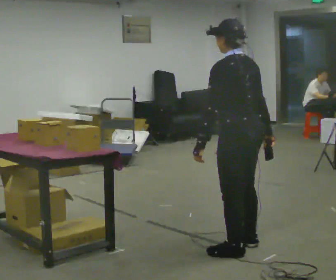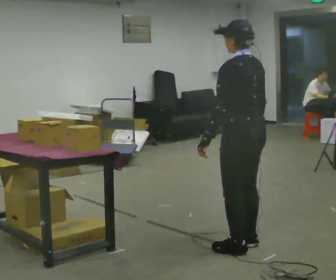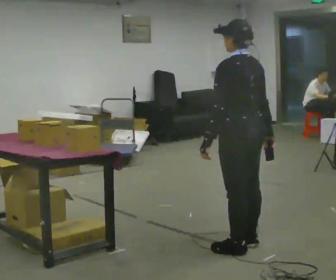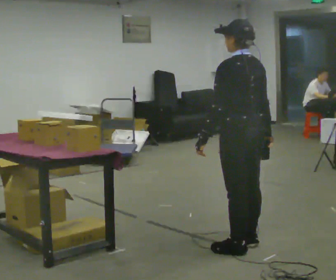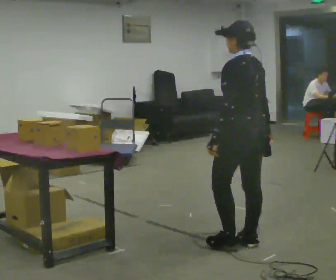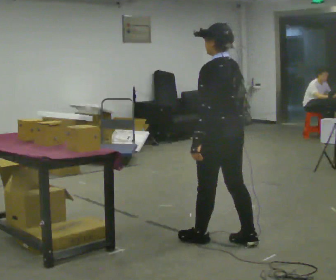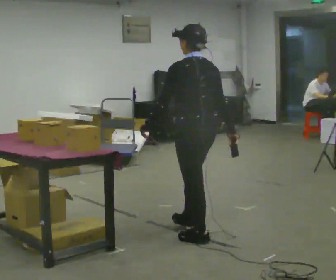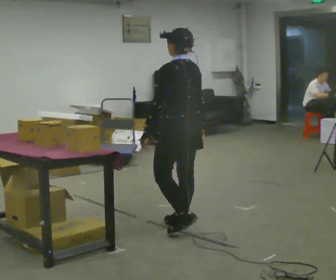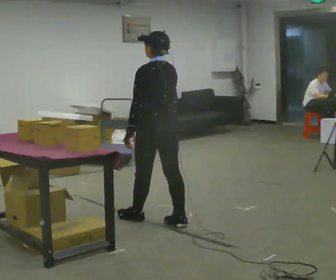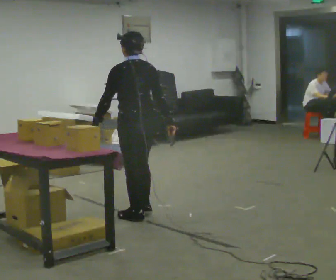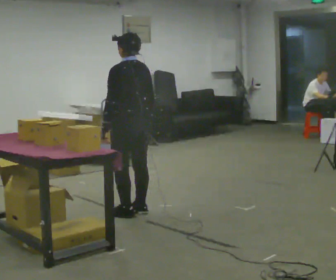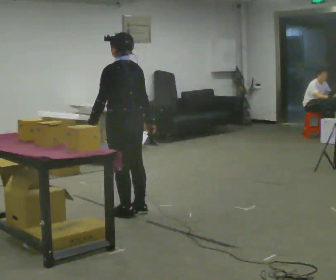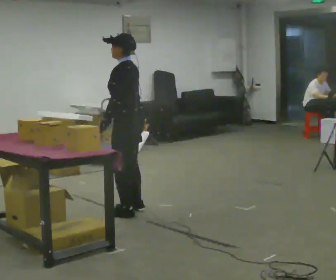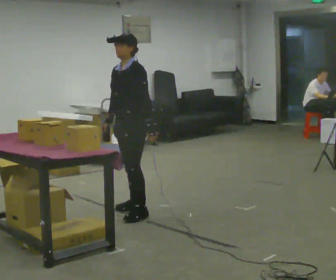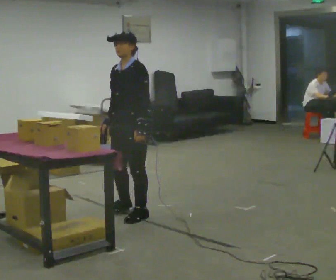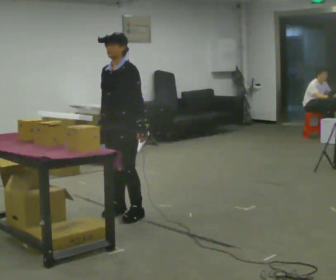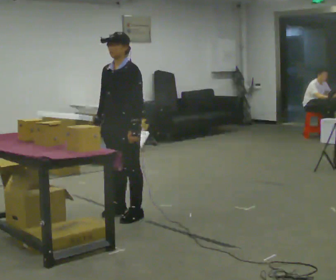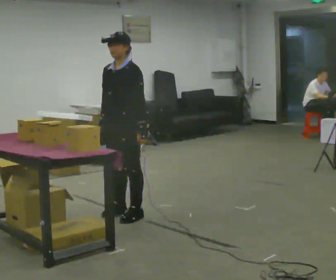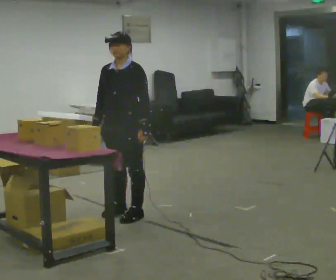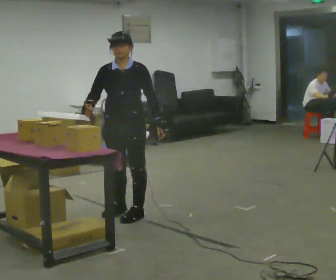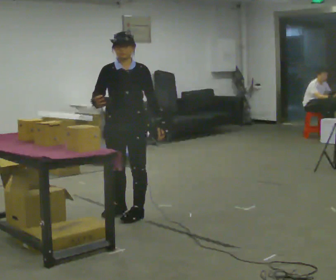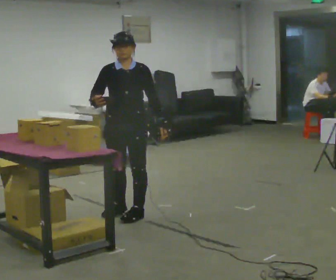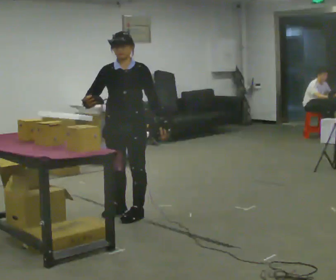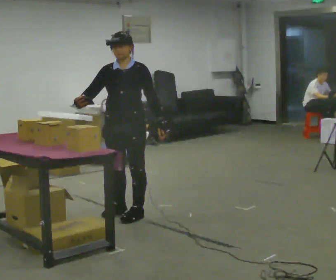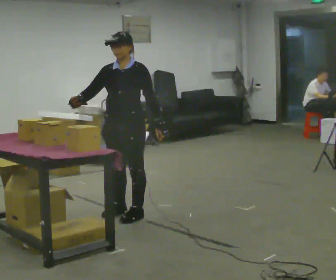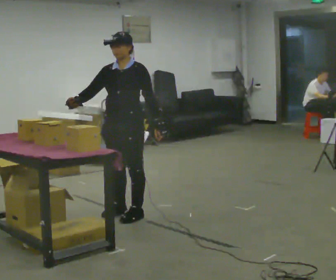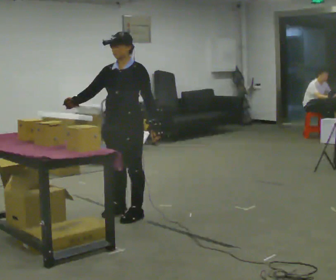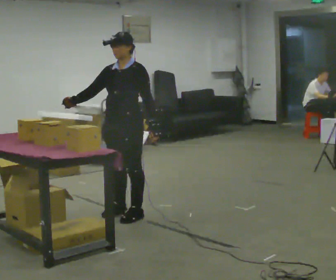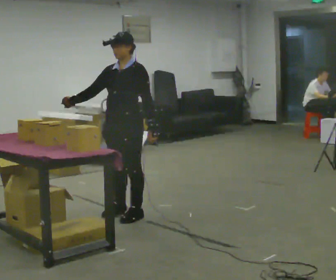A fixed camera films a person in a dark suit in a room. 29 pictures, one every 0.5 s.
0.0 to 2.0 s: The person moves a little, or ends about where they began.
2.0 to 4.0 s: In the picture they go away from the camera and to the left, about 1 m in 3 steps, which for them is forward.
4.0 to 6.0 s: The part of the body nearest the lens slides to the right as the person turns to their left by about 45 degrees. In the picture they go away from the camera and to the left, about 0.5 m in 1 step, which for them is forward.
6.0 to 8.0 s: The part of the body nearest the lens slides to the right as the person turns to their left by about 60 degrees. In the picture their right hand goes to the left.
8.0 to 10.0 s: Seen from above the body turns counterclockwise, about 45 degrees: to their left, with its near side sliding to the right.
10.0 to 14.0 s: The person turns about 30 degrees to their right, clockwise seen from above, so the part of the body nearest the lens slides to the left.
The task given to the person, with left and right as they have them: Carry the handheld device and, while walking, point it at the labels on the shelves and press the button as if scanning them.
The film runs forward here.
